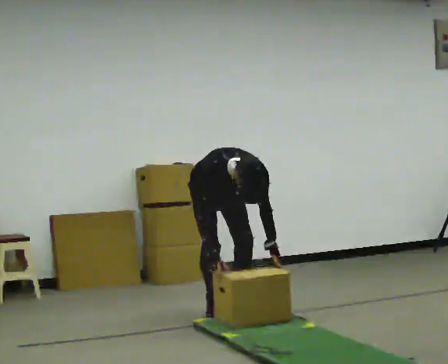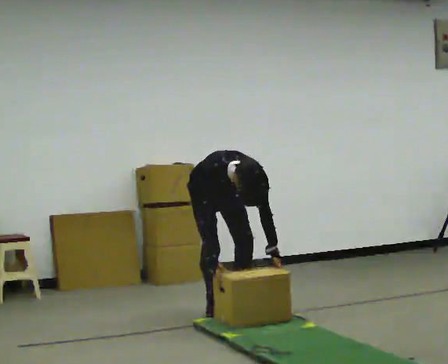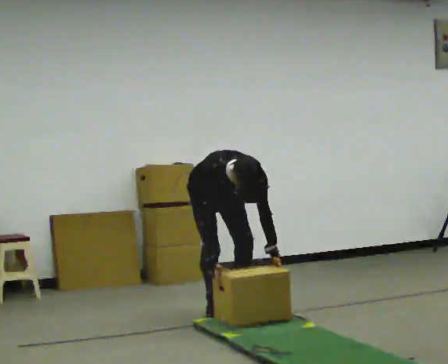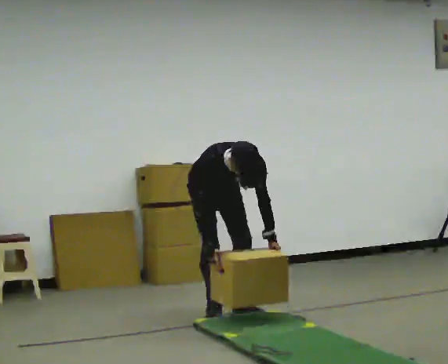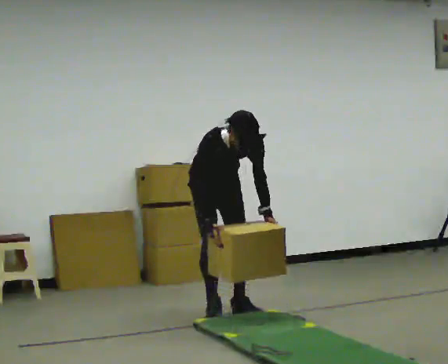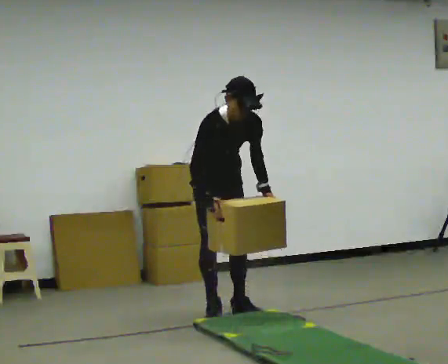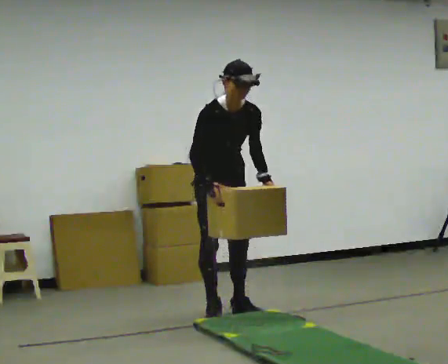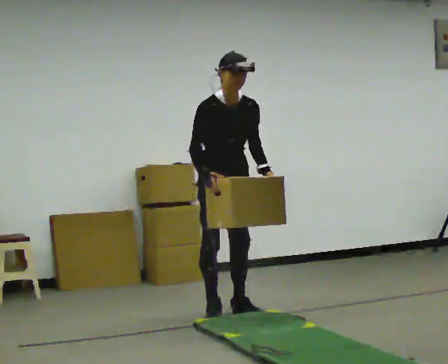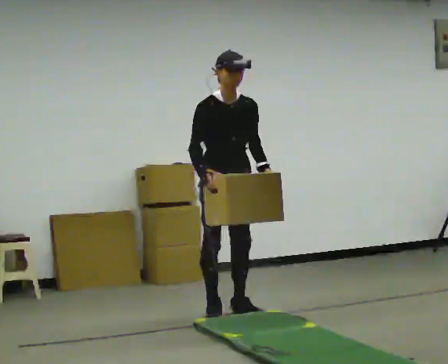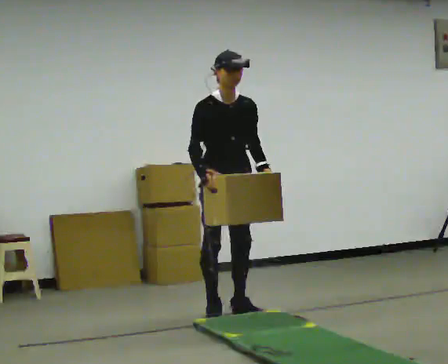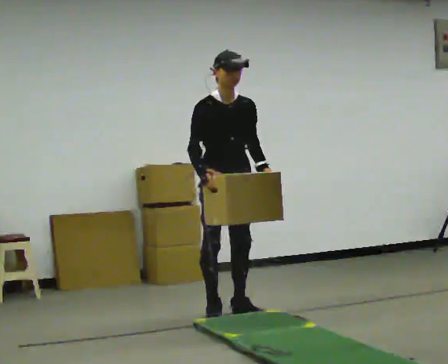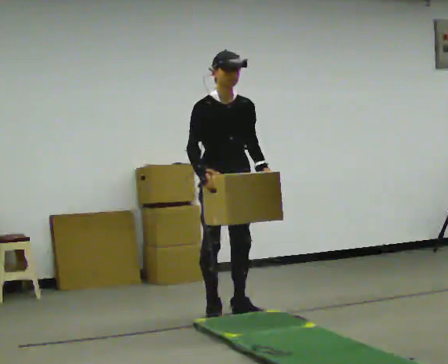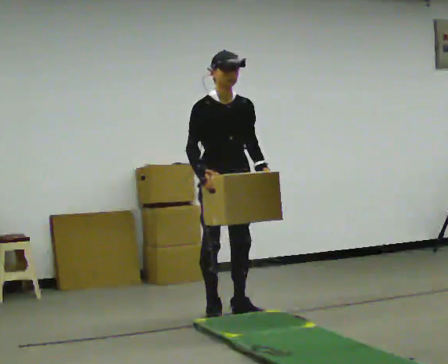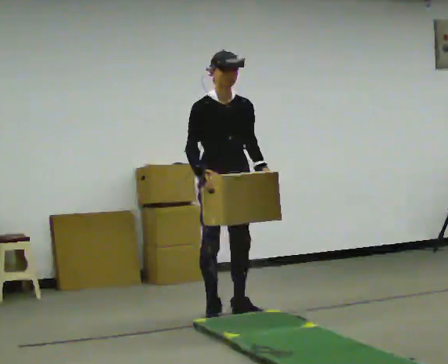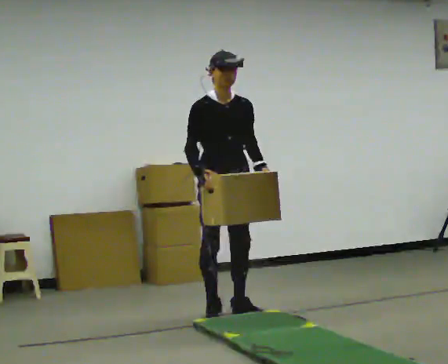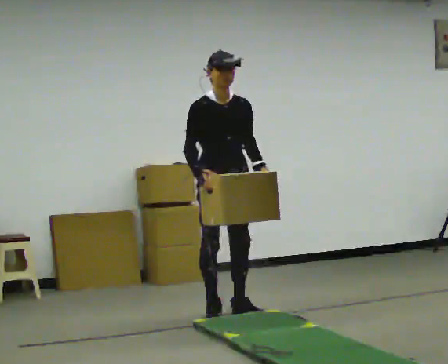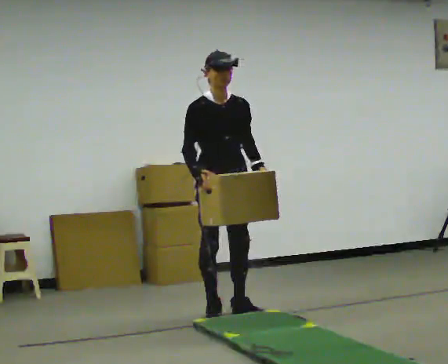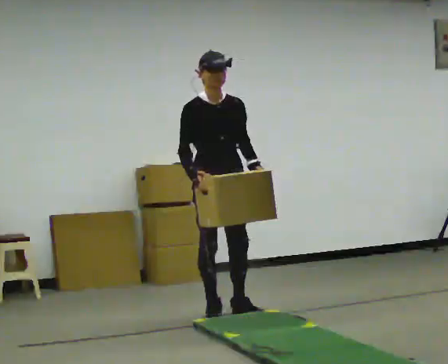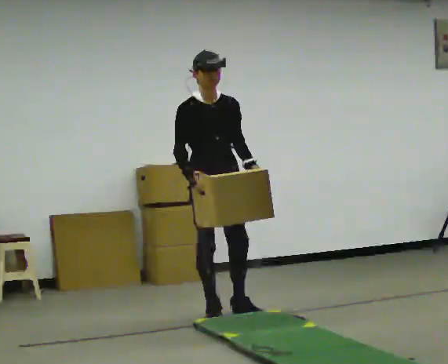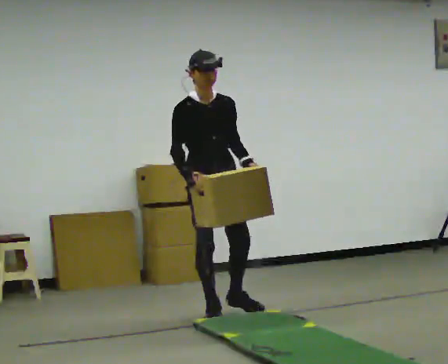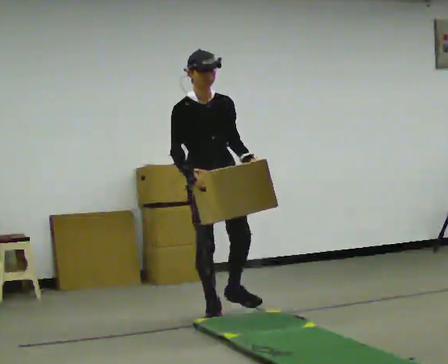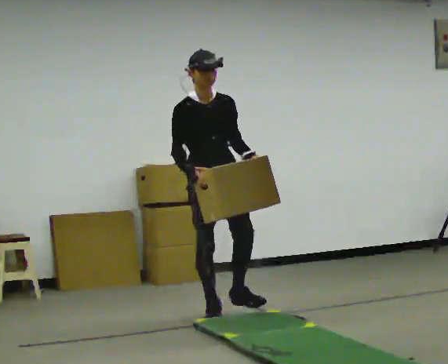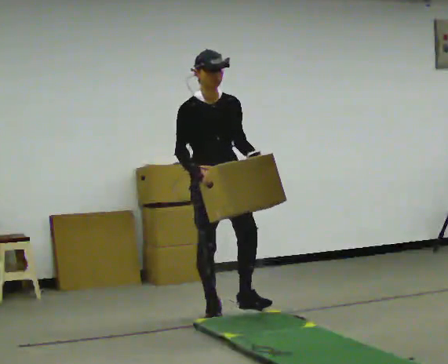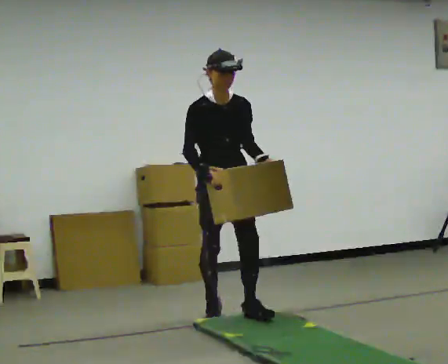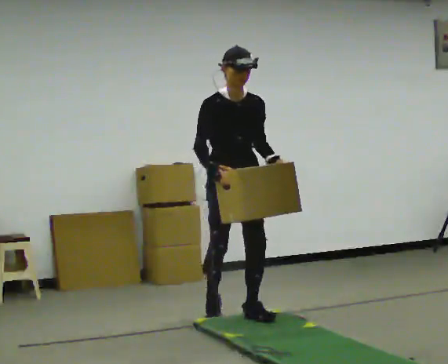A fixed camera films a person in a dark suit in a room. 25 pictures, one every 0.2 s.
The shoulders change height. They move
upward.
The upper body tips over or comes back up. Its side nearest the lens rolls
upward.
0.0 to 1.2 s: The upper body goes upward. The upper body tips away from the camera, its near side rolling upward, as they lean back or straighten. In the picture their right hand goes upward.
1.2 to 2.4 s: The upper body tips away from the camera, its near side rolling upward, as they lean back or straighten.
2.4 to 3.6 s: The person moves a little, or ends about where they began.
3.6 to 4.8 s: In the picture they go toward the camera, about 0.25 m in 1 step, which for them is forward.
The film runs forward here.
